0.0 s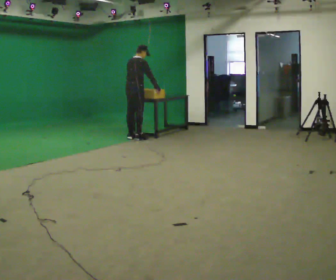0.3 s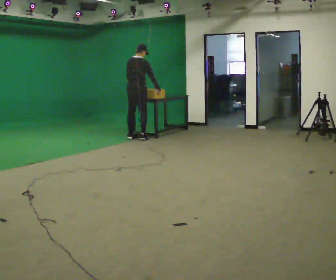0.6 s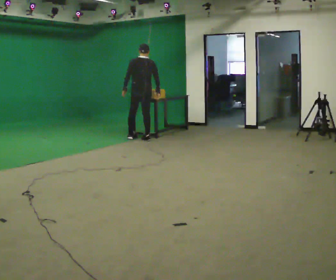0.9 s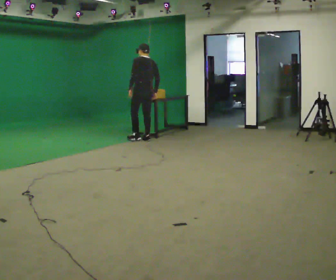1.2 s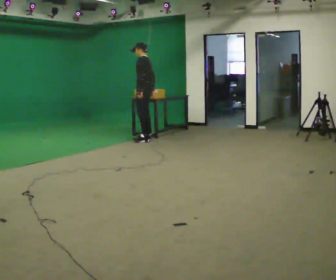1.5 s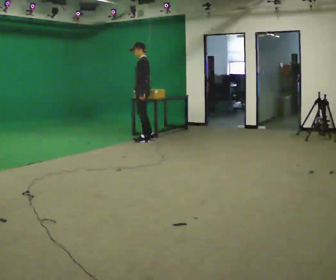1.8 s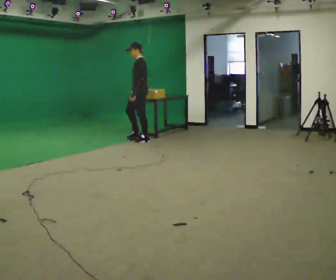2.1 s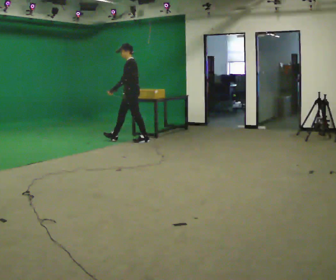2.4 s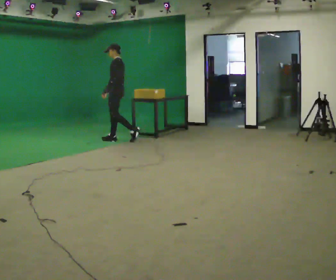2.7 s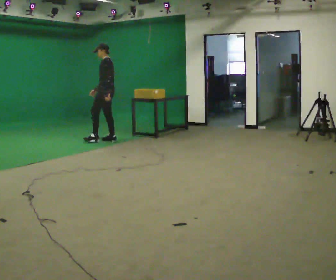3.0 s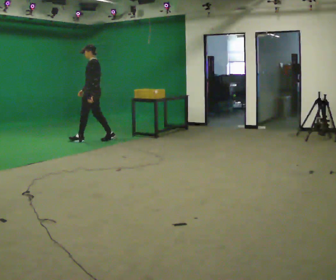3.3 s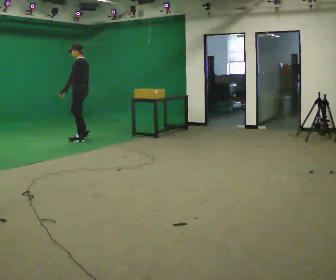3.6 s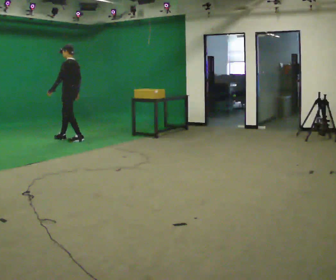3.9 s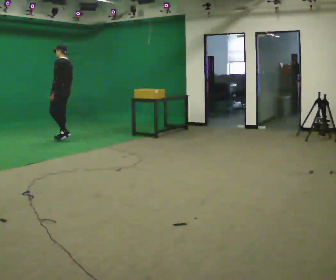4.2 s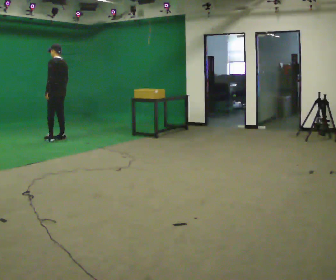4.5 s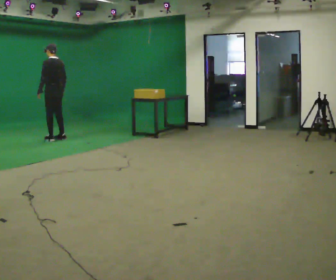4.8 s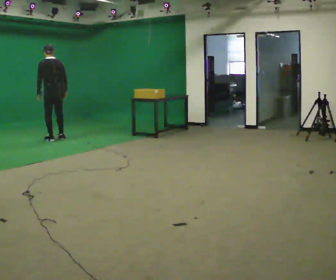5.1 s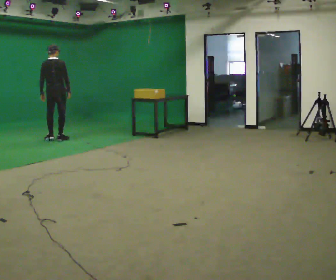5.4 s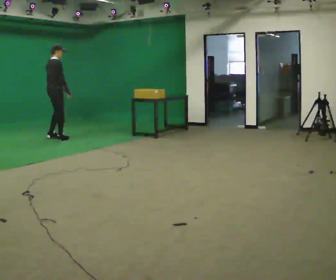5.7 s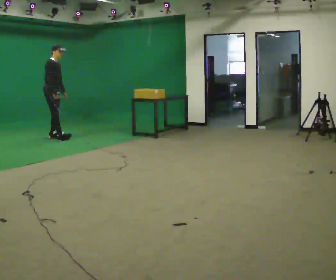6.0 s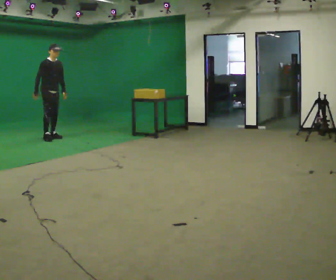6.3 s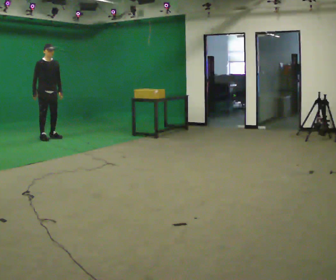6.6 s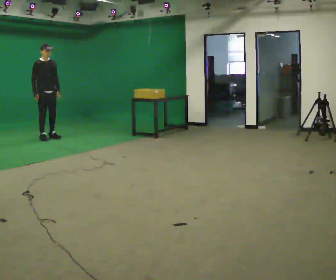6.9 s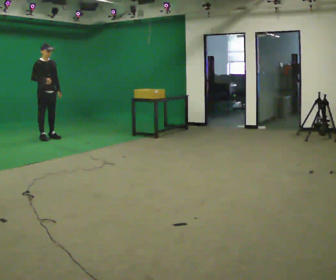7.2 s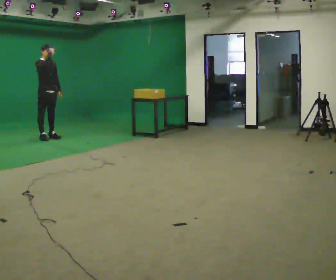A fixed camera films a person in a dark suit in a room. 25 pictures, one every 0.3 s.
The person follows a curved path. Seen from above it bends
clockwise.
The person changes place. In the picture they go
to the left.
0.0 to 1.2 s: Seen from above the body turns counterclockwise, about 120 degrees: to their left, with its near side sliding to the right. In the picture they go to the right, about 0.25 m in 2 steps.
1.2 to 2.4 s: In the picture they go to the left, about 0.5 m in 1 step, which for them is forward.
2.4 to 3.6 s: In the picture they go to the left, about 1 m in 2 steps, which for them is forward.
3.6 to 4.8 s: The person turns about 45 degrees to their right, clockwise seen from above, so the part of the body nearest the lens slides to the left. In the picture they go to the left, about 0.25 m in 1 step, which for them is forward and to their left.
4.8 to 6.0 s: Seen from above the body turns clockwise, about 165 degrees: to their right, with its near side sliding to the left. In the picture they go to the left and away from the camera, about 0.25 m in 1 step. In the picture the upper body tilts clockwise, shoulders to the right. In the picture their right hand goes to the left, the arm swinging clockwise.
6.0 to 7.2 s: In the picture their right hand goes upward and to the right.
The film runs forward here.
